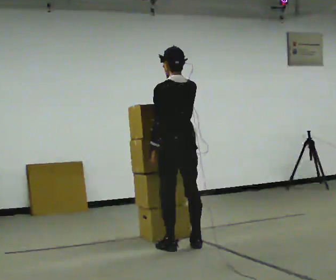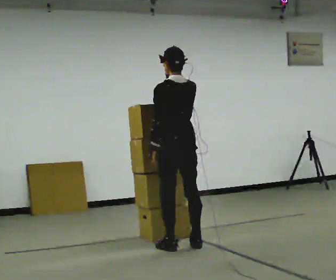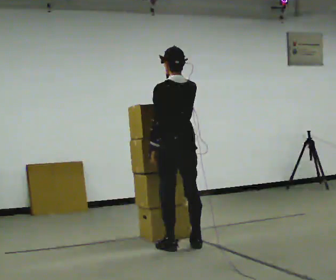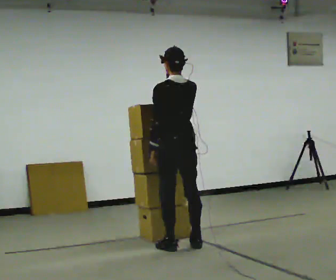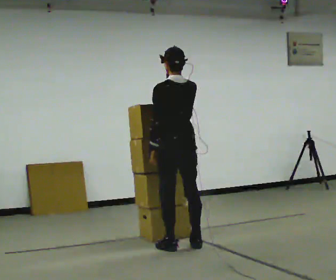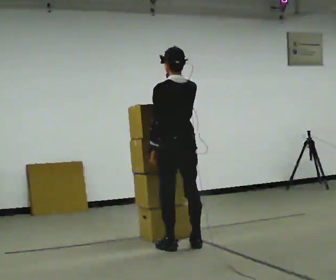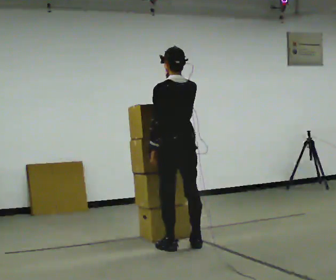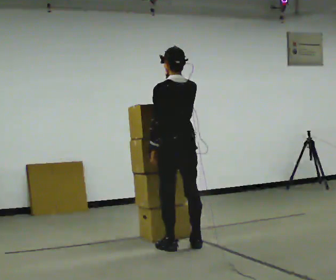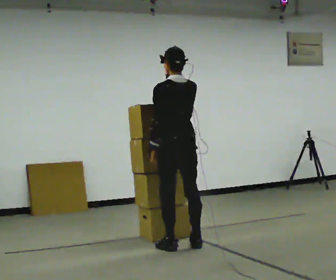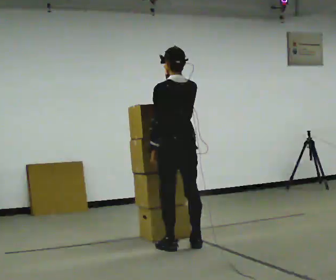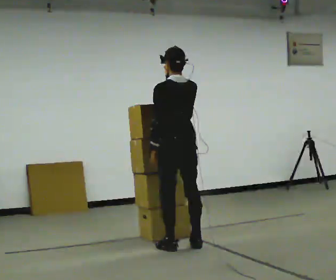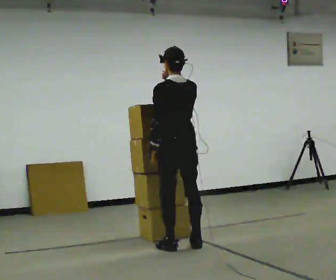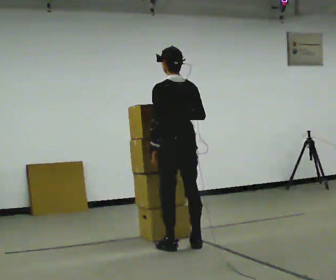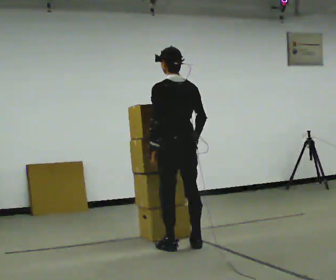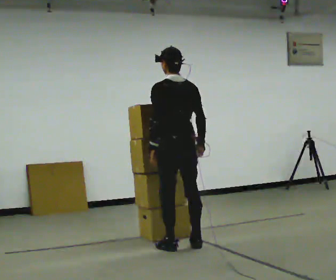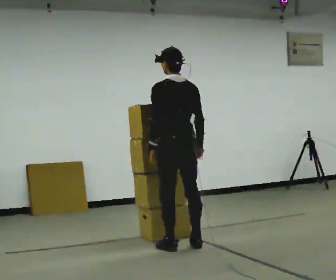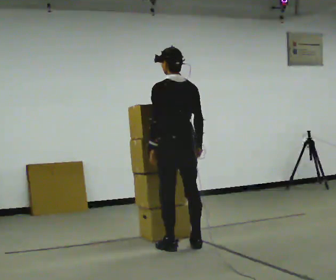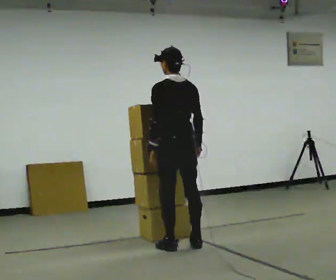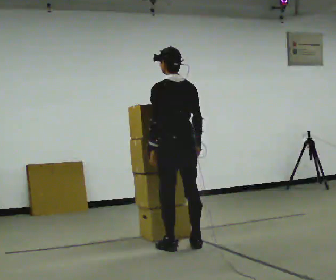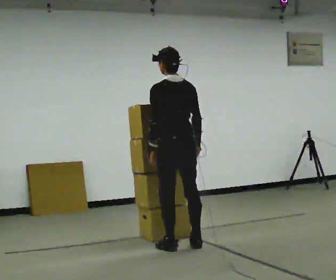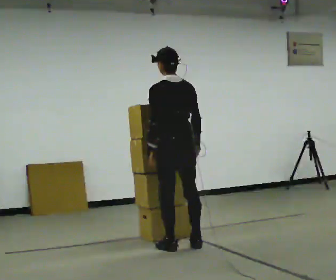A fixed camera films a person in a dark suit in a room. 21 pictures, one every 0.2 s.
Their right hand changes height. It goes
downward.
0.0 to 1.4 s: The person keeps their place and pose.
1.4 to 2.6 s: In the picture their right hand goes downward.
2.6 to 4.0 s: The person moves a little, or ends about where they began.
The film runs forward here.
